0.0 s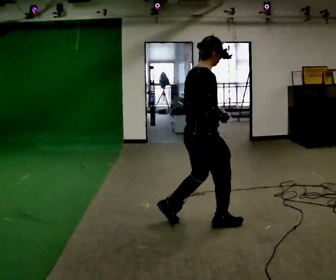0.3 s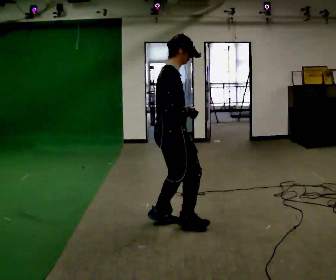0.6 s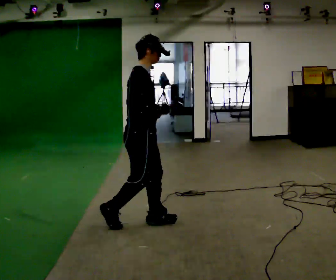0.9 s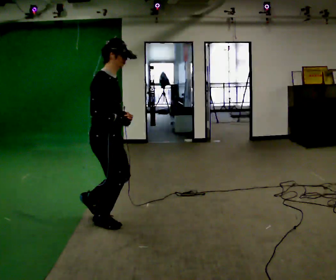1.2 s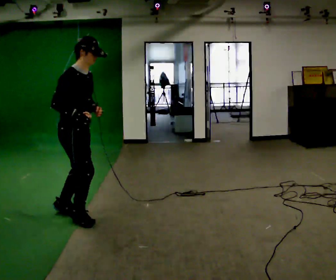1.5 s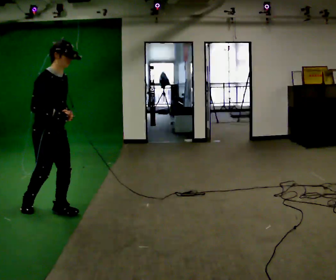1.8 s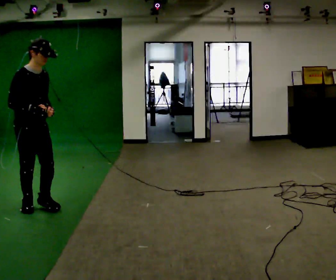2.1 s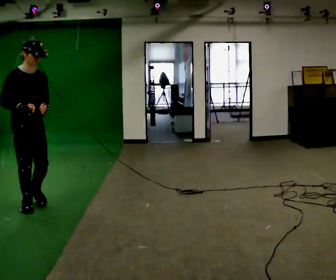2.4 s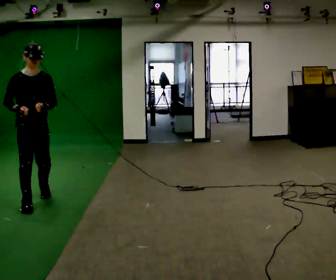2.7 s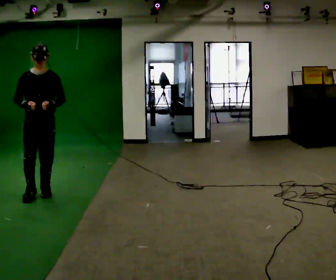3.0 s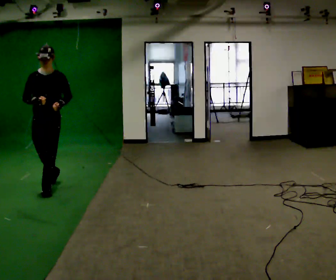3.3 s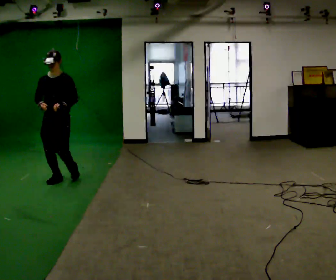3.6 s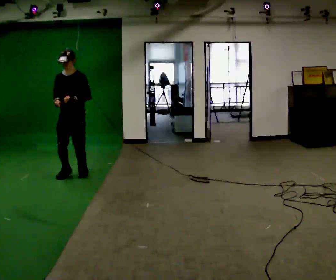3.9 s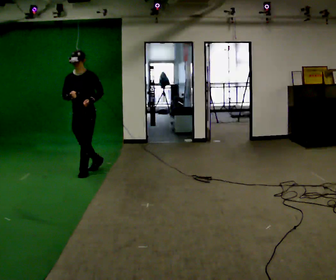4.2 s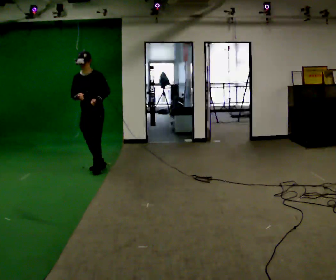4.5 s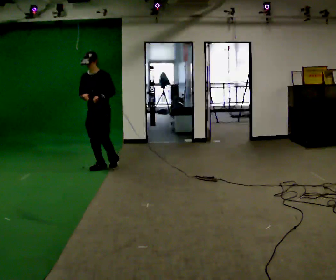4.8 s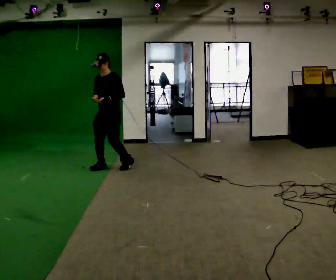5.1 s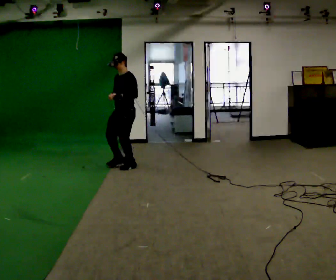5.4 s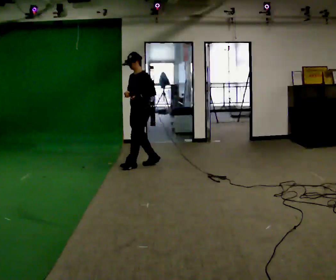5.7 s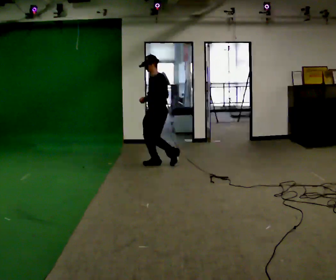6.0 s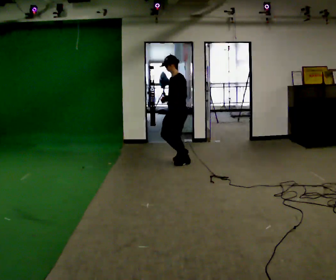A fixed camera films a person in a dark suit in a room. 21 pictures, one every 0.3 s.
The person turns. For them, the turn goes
to their right.
The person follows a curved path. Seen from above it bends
clockwise.
0.0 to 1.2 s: Seen from above the body turns clockwise, about 30 degrees: to their right, with its near side sliding to the left. In the picture they go to the left, about 1 m in 3 steps, which for them is backward.
1.2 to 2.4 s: The part of the body nearest the lens slides to the left as the person turns to their right by about 45 degrees. In the picture they go to the left and away from the camera, about 0.75 m in 1 step, which for them is backward.
2.4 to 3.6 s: Seen from above the body turns clockwise, about 45 degrees: to their right, with its near side sliding to the left. In the picture they go away from the camera, about 1 m in 3 steps, which for them is backward.
3.6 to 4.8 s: In the picture they go away from the camera and to the right, about 0.5 m in 1 step, which for them is backward.
4.8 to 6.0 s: The part of the body nearest the lens slides to the left as the person turns to their right by about 45 degrees. In the picture they go to the right, about 1 m in 3 steps, which for them is backward.
The film runs backward here.
